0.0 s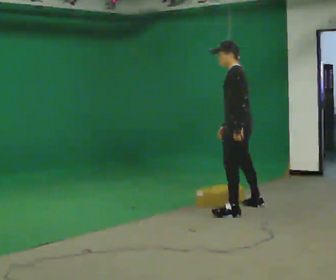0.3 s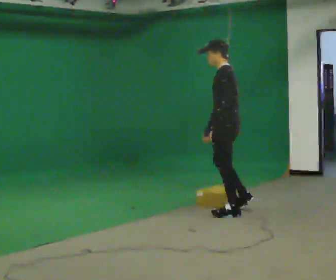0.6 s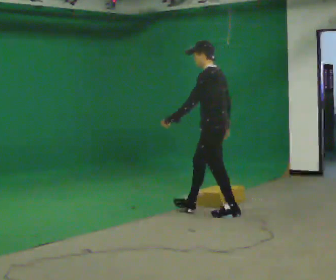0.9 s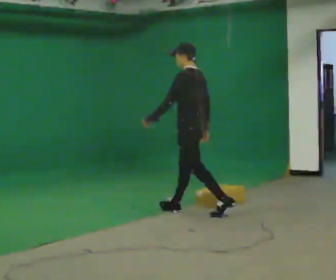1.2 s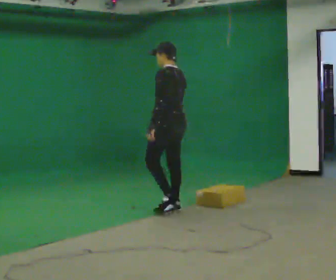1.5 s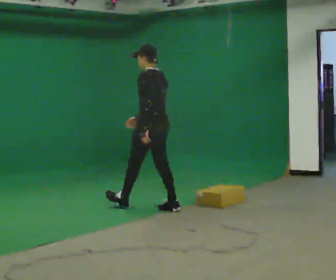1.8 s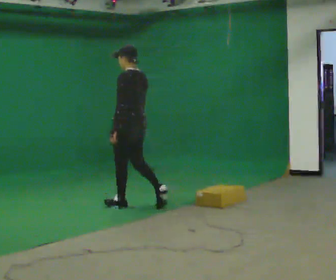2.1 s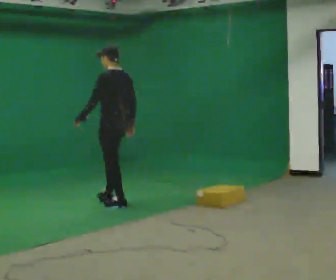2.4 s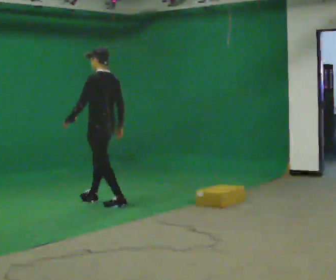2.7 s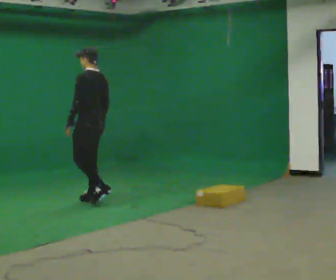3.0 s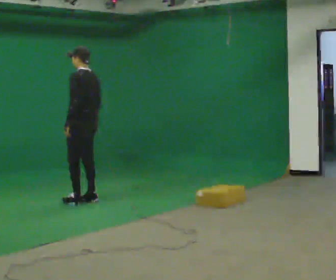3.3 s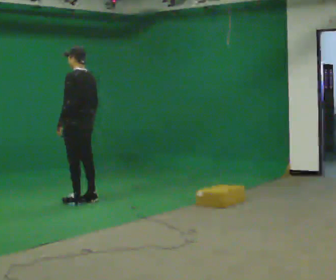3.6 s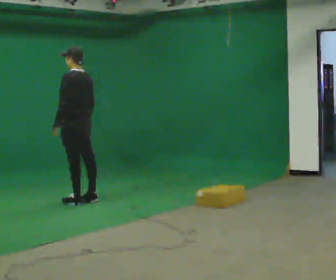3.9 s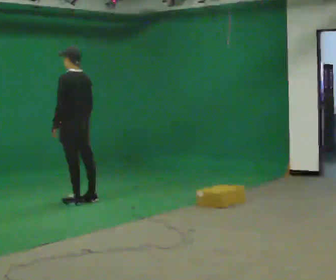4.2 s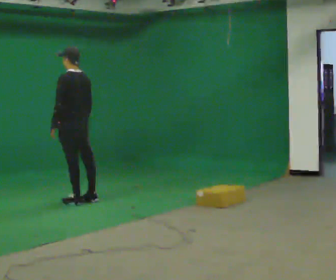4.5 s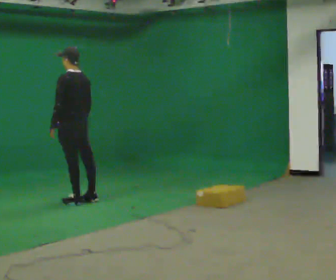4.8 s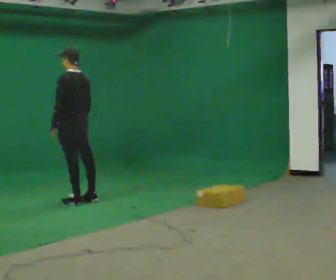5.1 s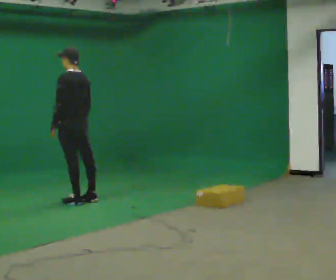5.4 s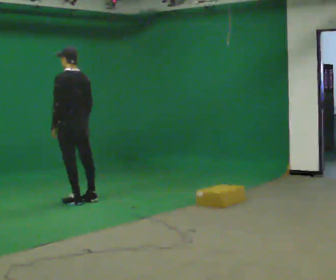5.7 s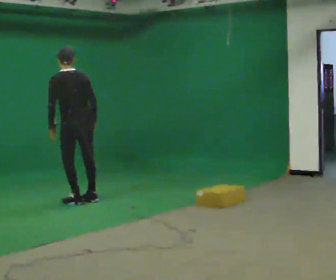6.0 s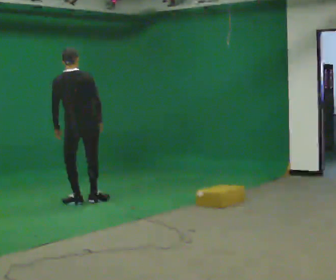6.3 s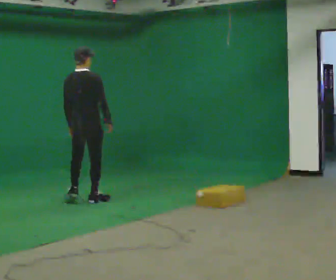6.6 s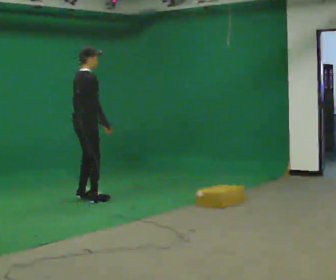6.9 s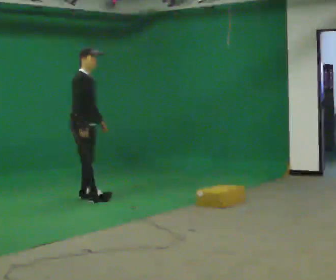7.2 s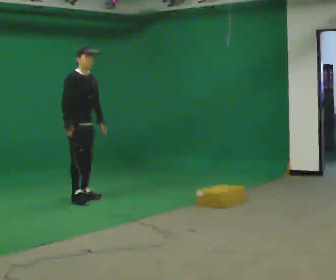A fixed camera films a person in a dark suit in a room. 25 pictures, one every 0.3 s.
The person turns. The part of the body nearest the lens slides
to the left.
The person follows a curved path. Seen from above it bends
clockwise.
0.0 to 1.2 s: In the picture they go to the left, about 0.5 m in 1 step, which for them is forward.
1.2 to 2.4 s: In the picture they go to the left and away from the camera, about 1 m in 2 steps, which for them is forward.
2.4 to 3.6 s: In the picture they go to the left, about 0.25 m in 1 step, which for them is forward.
3.6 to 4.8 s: The person moves a little, or ends about where they began.
4.8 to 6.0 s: The part of the body nearest the lens slides to the left as the person turns to their right by about 45 degrees.
6.0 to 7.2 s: The person turns about 135 degrees to their right, clockwise seen from above, so the part of the body nearest the lens slides to the left. In the picture they go away from the camera, about 0.25 m in 1 step. In the picture the upper body tilts clockwise, shoulders to the right. In the picture their right hand goes to the left.
The film runs forward here.
